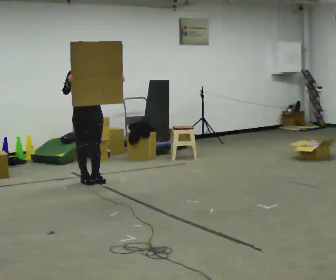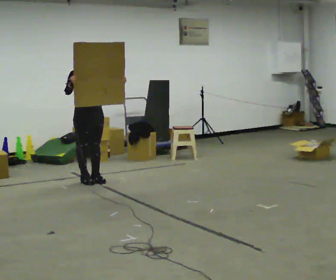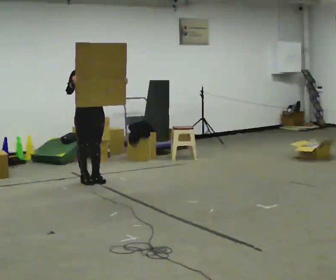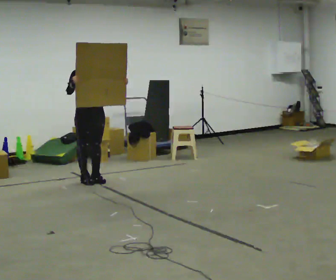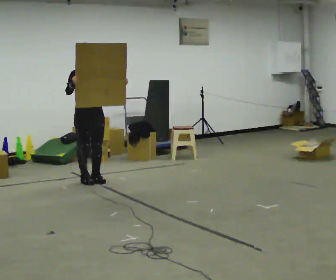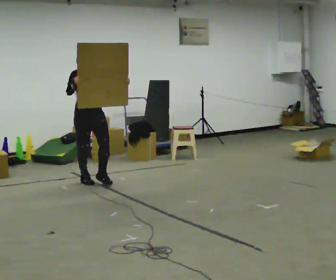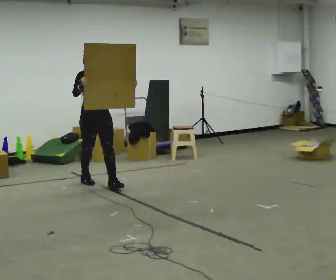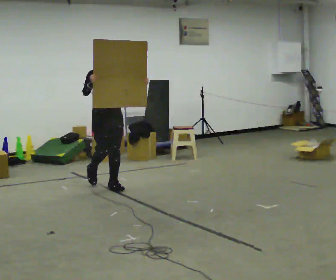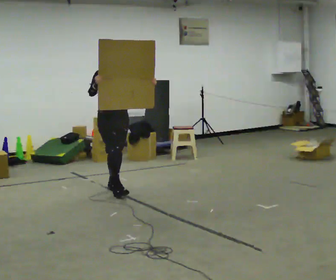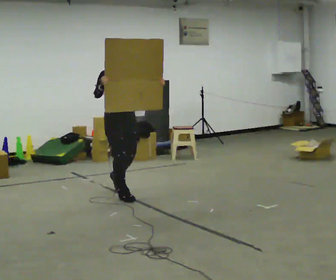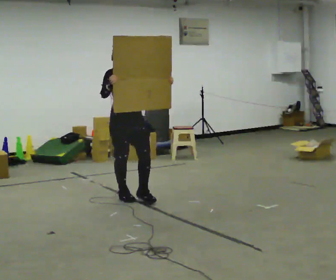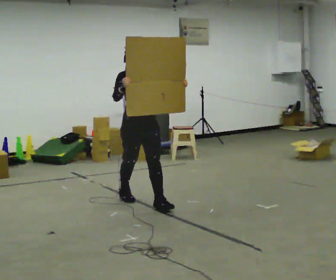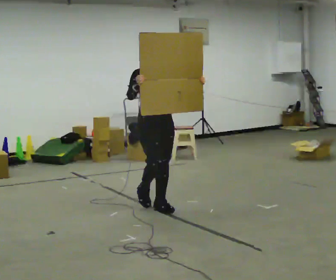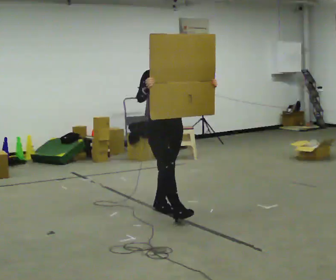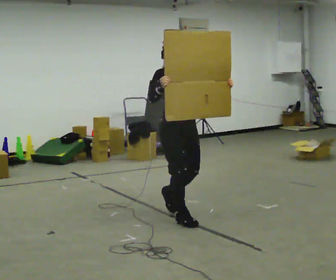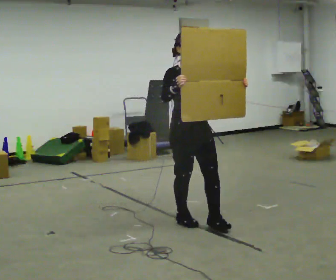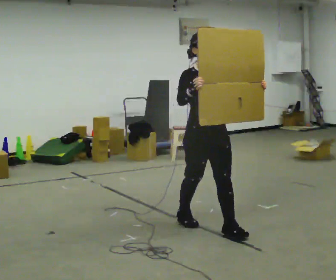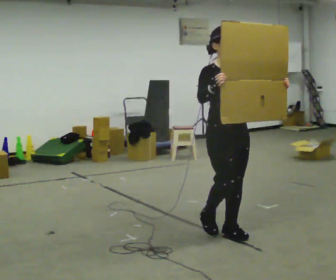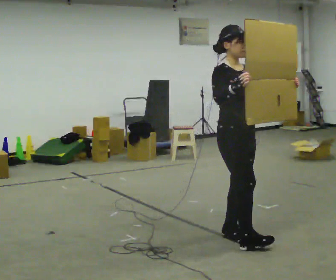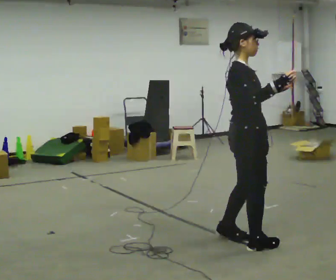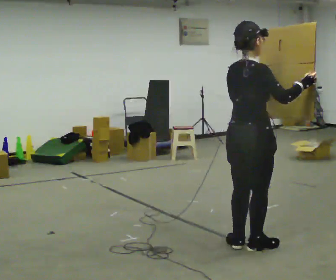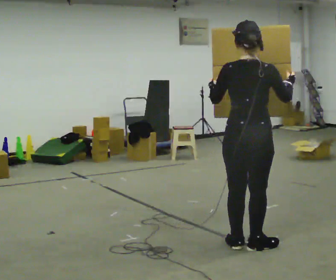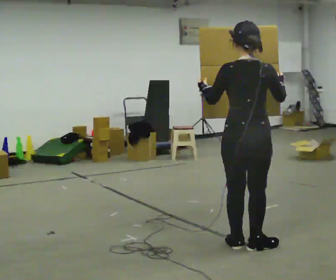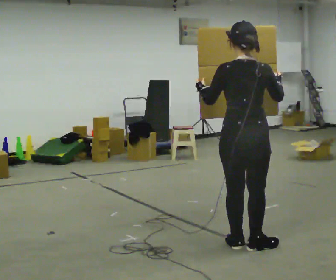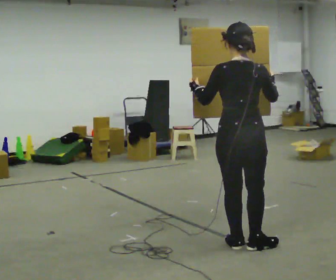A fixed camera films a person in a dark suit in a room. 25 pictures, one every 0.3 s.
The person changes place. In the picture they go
toward the camera.
0.0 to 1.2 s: The person moves a little, or ends about where they began.
1.2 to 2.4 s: In the picture they go toward the camera and to the right, about 0.5 m in 1 step, which for them is forward.
2.4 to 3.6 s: In the picture they go toward the camera and to the right, about 1 m in 2 steps, which for them is forward.
3.6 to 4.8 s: In the picture they go toward the camera and to the right, about 1 m in 2 steps, which for them is forward.
4.8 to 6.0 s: The person turns about 105 degrees to their left, counterclockwise seen from above, so the part of the body nearest the lens slides to the right. In the picture they go toward the camera and to the right, about 0.5 m in 2 steps.
6.0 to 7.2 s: The part of the body nearest the lens slides to the right as the person turns to their left by about 45 degrees. In the picture their left hand goes to the left.
The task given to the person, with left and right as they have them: Carry the large panel across the room. It will block your view ahead, so take whatever route feels safe. Keep going until the operator says stop; one object at a time, and do not rush between trips.
The film runs forward here.
